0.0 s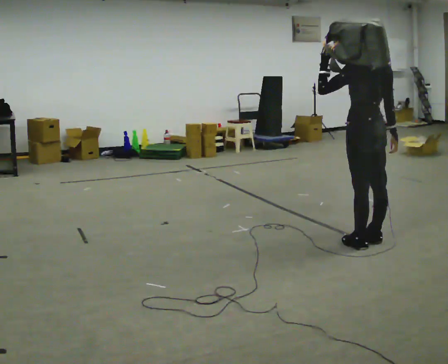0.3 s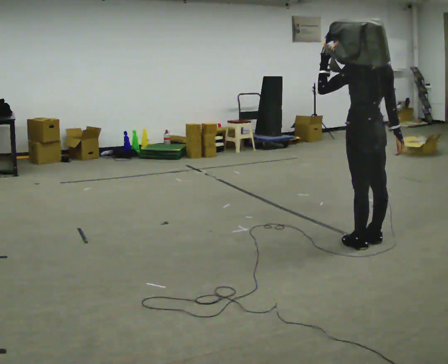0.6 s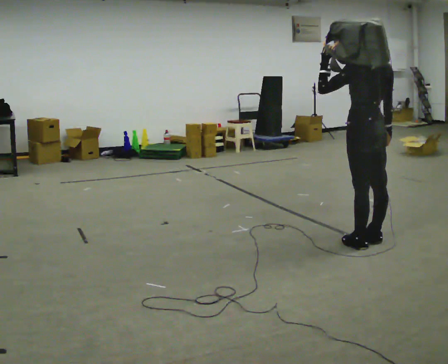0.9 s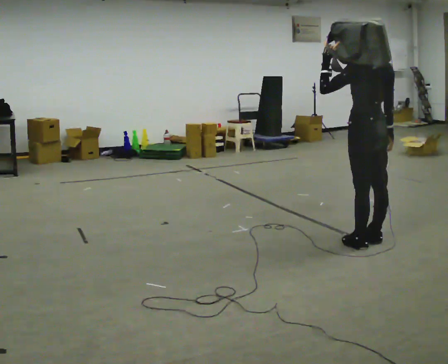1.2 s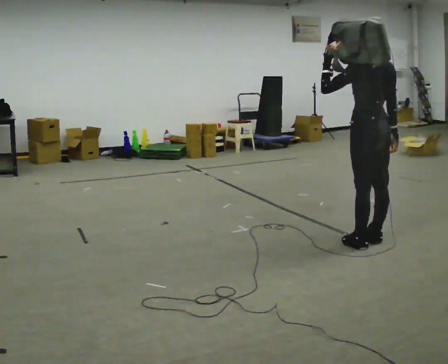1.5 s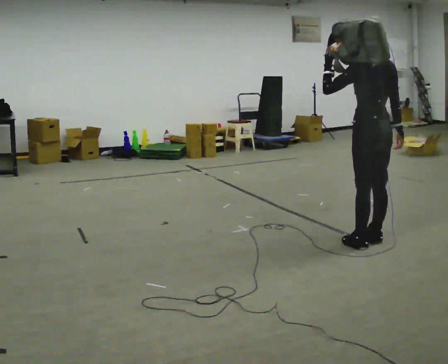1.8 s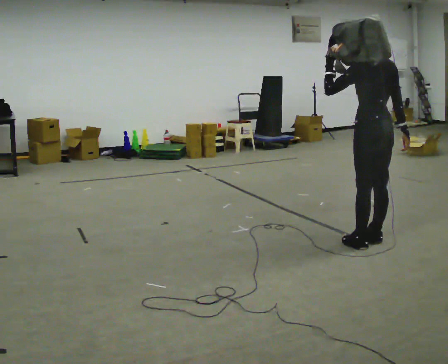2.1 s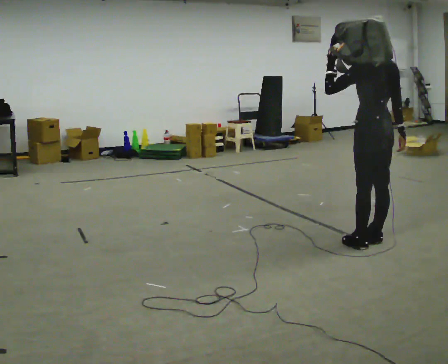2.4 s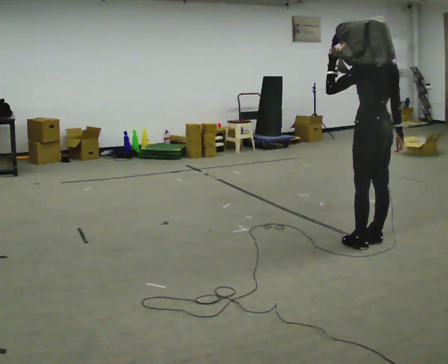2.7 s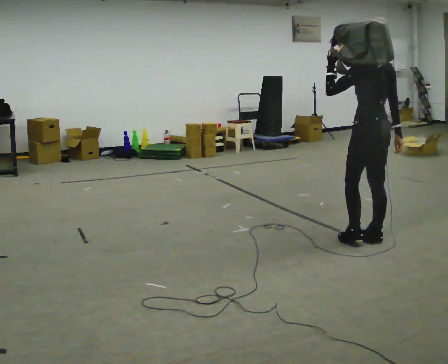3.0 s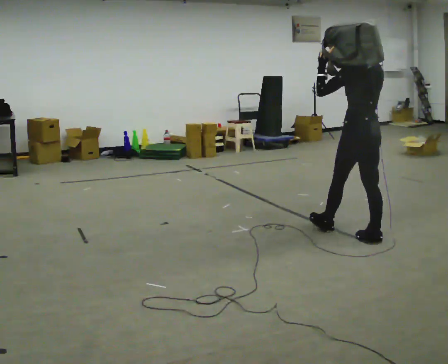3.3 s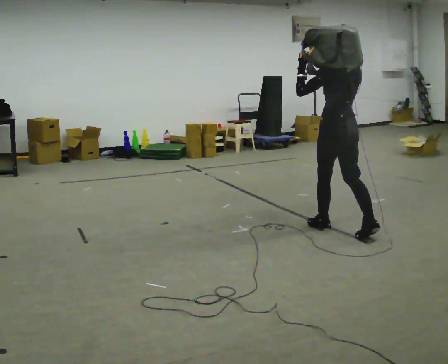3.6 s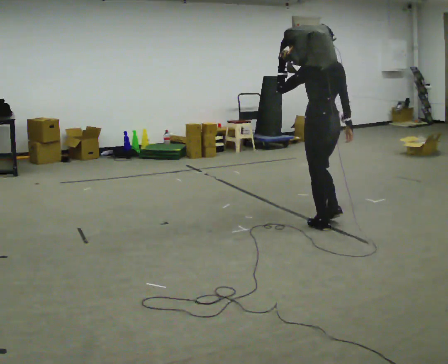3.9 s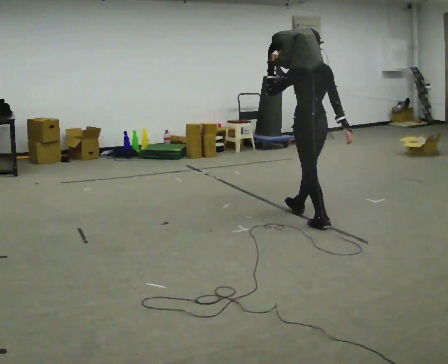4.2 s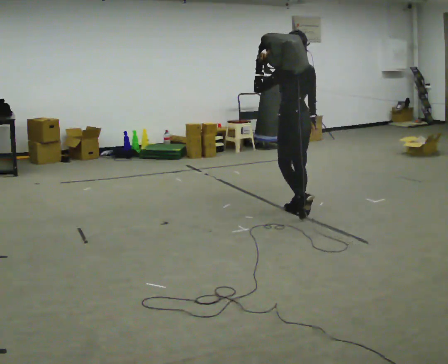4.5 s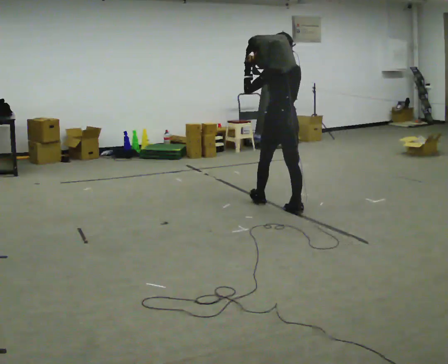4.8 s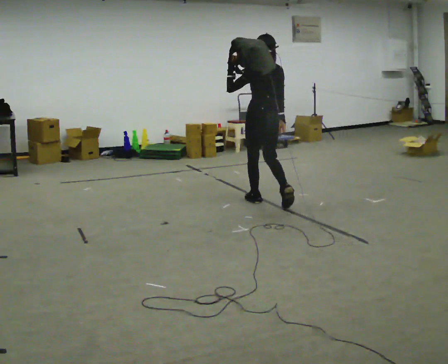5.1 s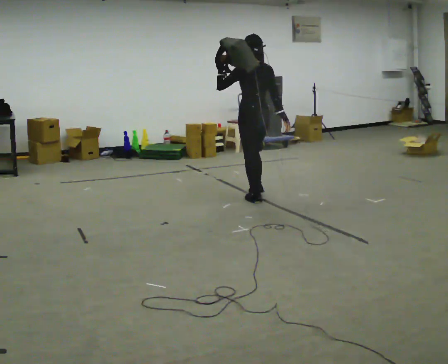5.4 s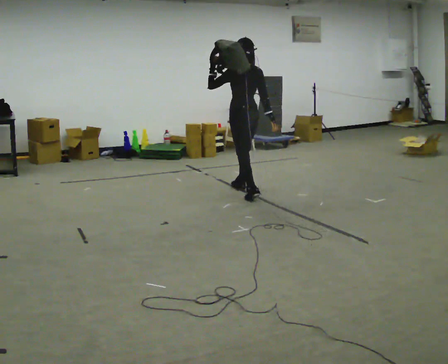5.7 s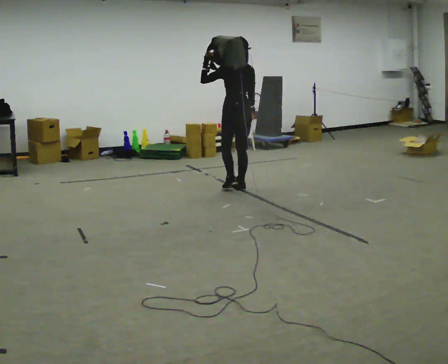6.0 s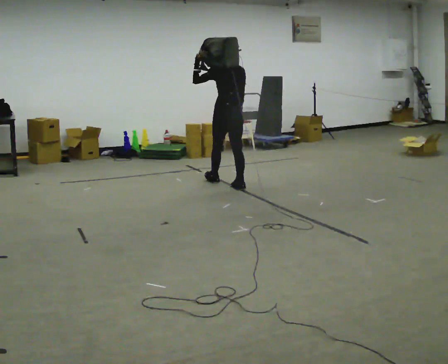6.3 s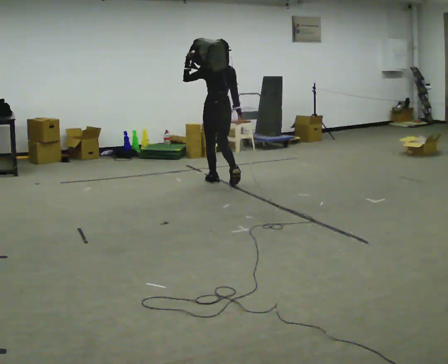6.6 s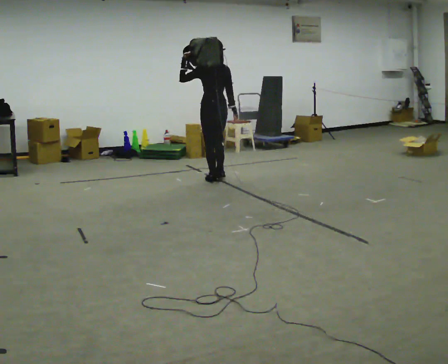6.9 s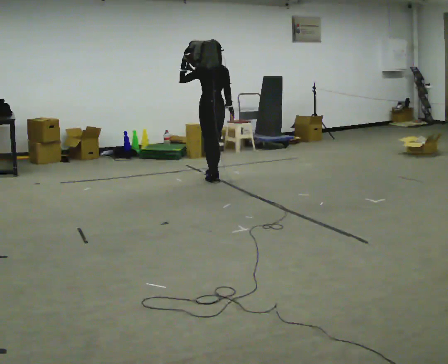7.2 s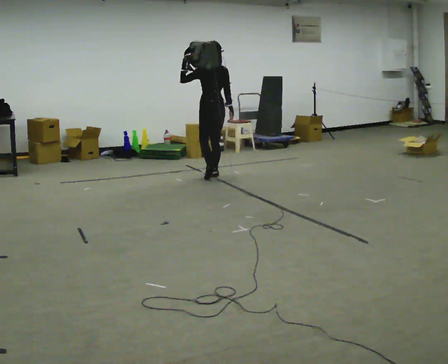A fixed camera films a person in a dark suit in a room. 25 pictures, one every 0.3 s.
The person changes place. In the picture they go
away from the camera.
0.0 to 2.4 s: The person moves a little, or ends about where they began.
2.4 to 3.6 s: In the picture they go away from the camera and to the left, about 0.5 m in 1 step, which for them is forward.
3.6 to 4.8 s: In the picture they go away from the camera and to the left, about 1 m in 2 steps, which for them is forward.
4.8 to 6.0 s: In the picture they go away from the camera and to the left, about 1 m in 2 steps, which for them is forward.
6.0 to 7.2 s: In the picture they go away from the camera and to the left, about 0.5 m in 1 step, which for them is forward.
The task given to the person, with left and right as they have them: Put the soft bag up onto your shoulder and carry it across the room, back and forth.
The film runs forward here.
